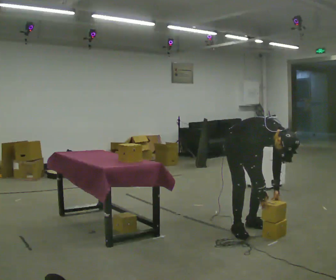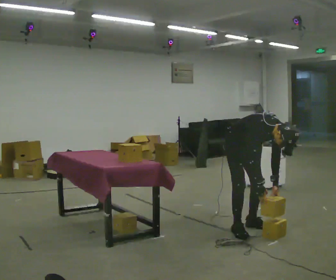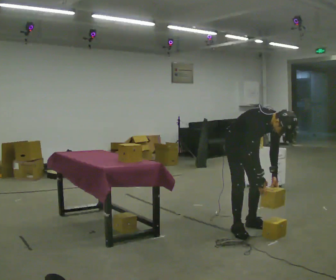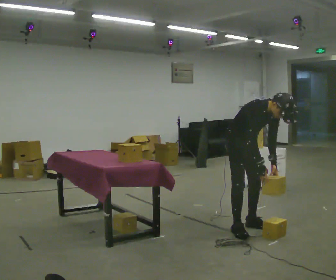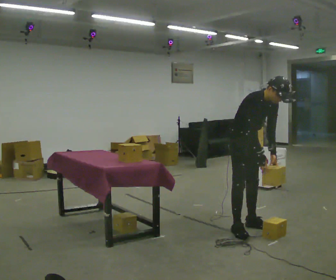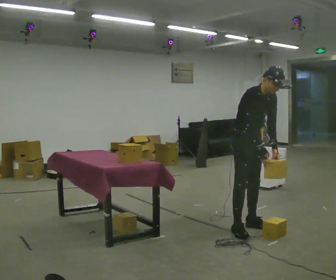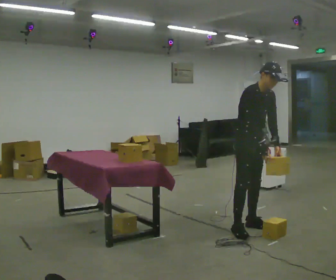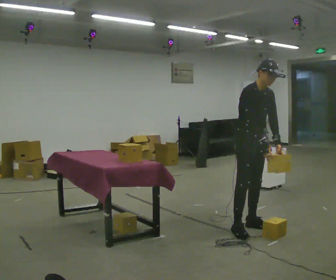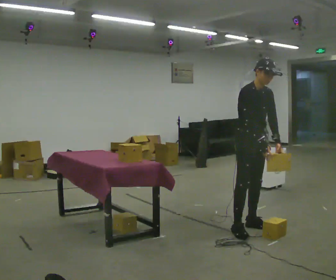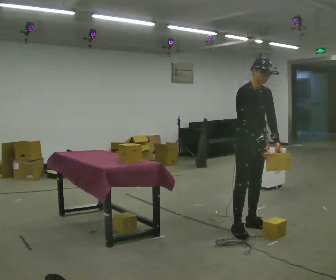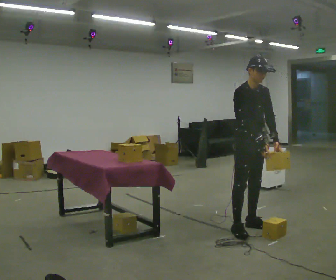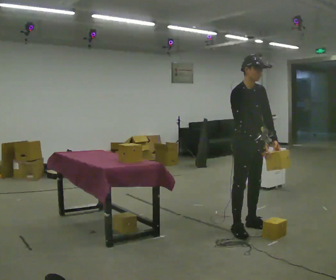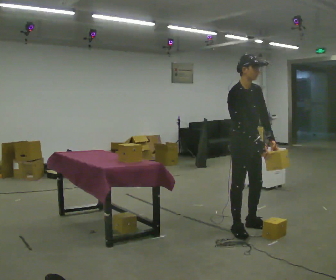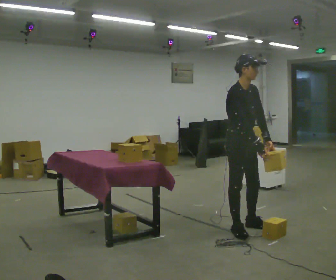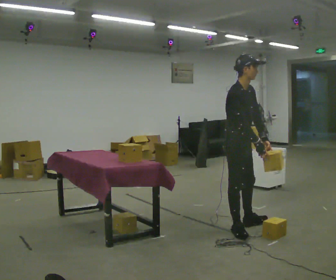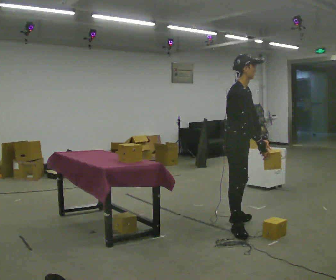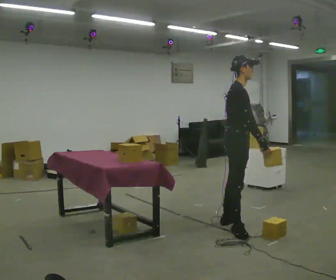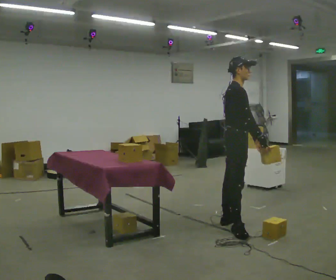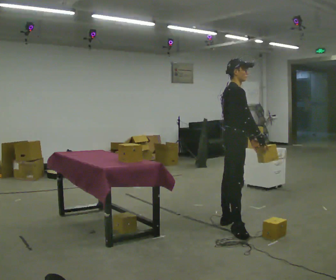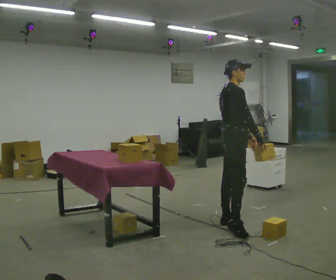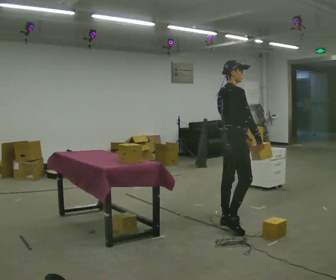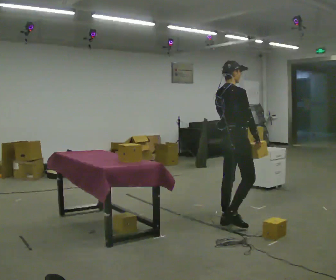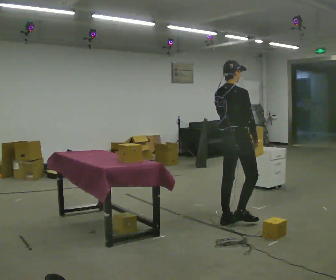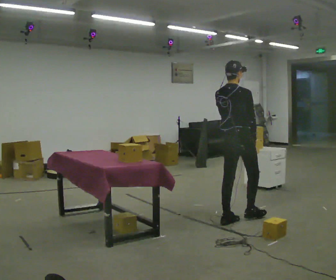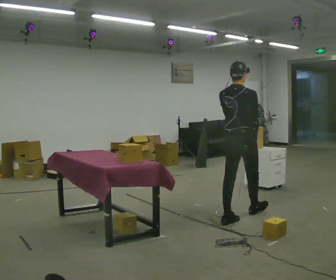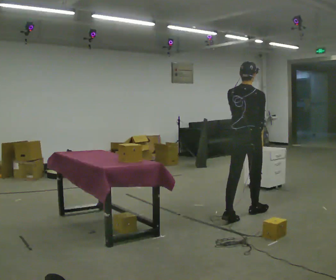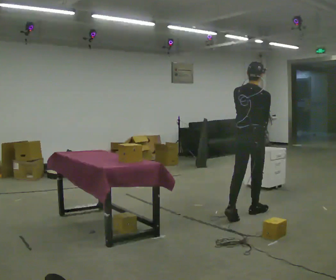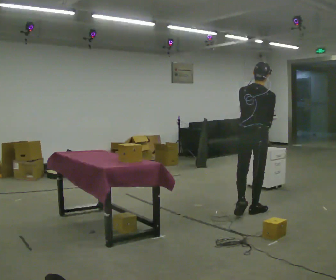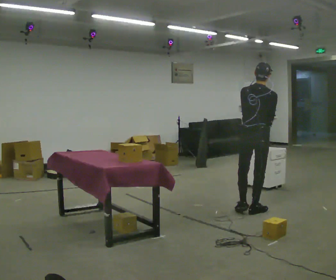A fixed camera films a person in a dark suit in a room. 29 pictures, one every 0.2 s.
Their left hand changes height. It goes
upward.
The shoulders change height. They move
upward.
0.0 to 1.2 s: The shoulders move upward. In the picture the upper body tilts counterclockwise, shoulders to the left, as they lean back or straighten. In the picture their right hand goes upward.
1.2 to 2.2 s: In the picture the upper body tilts counterclockwise, shoulders to the left, as they lean back or straighten.
2.2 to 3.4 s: The person turns about 45 degrees to their left, counterclockwise seen from above, so the part of the body nearest the lens slides to the right.
3.4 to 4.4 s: The part of the body nearest the lens slides to the right as the person turns to their left by about 45 degrees. In the picture they go away from the camera, about 0.25 m, which for them is to their left.
4.4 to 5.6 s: Seen from above the body turns counterclockwise, about 30 degrees: to their left, with its near side sliding to the right. In the picture they go away from the camera and to the right, about 0.5 m in 1 step, which for them is forward.
The film runs forward here.
